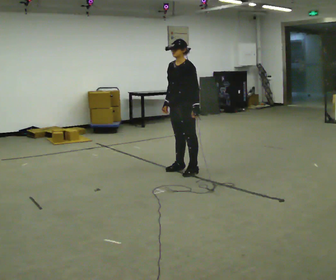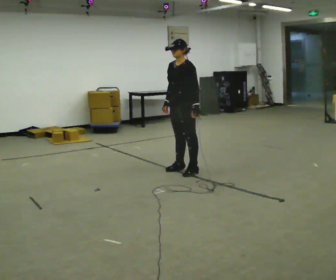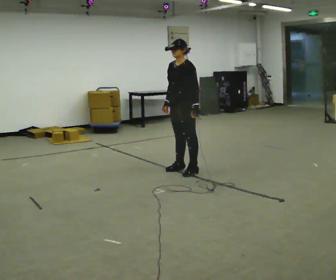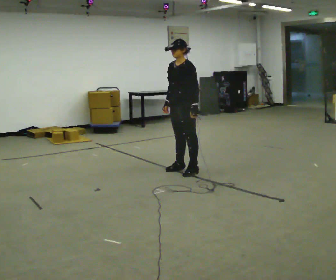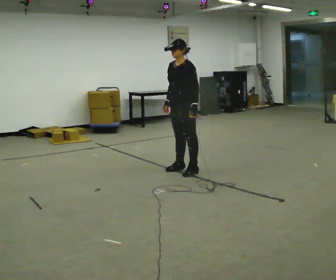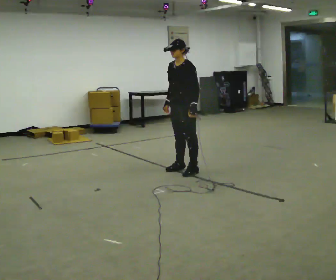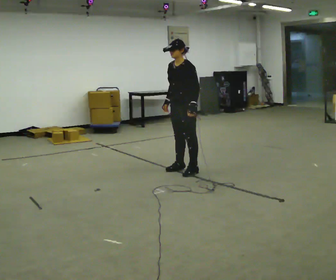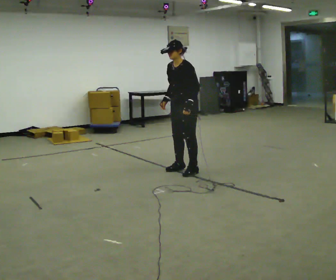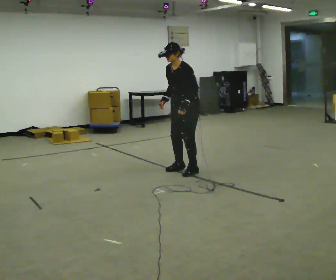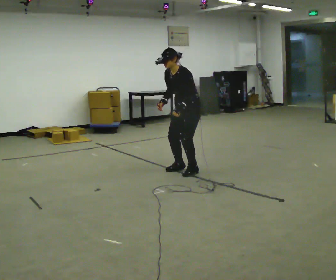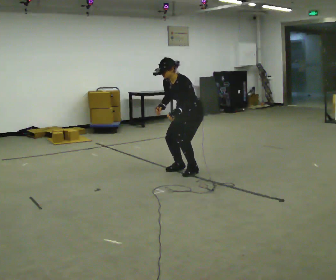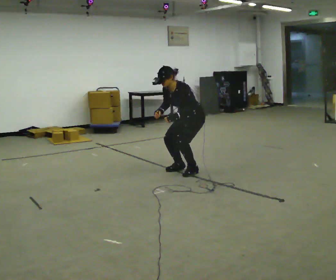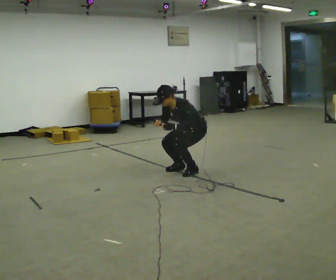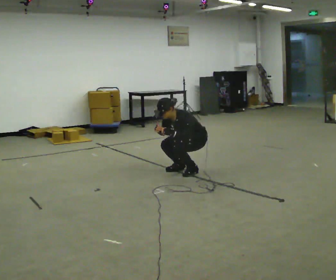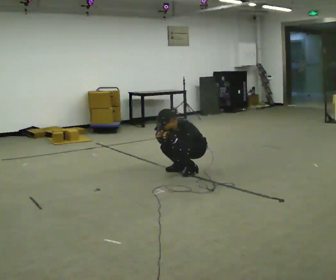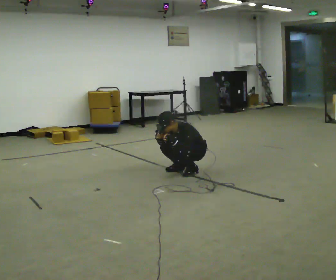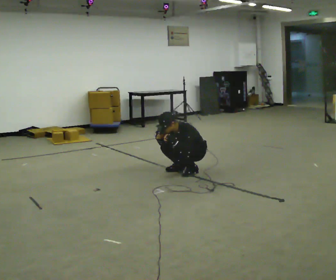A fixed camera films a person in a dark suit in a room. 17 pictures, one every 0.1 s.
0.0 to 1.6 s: In the picture they go to the right, about 0.25 m, which for them is backward. The shoulders move downward. In the picture the upper body tilts counterclockwise, shoulders to the left, as they bend forward. In the picture their left hand goes downward.
The film runs forward here.
